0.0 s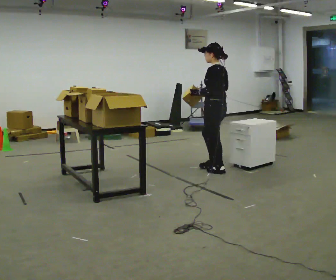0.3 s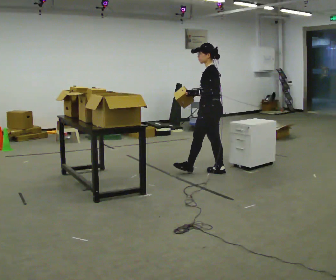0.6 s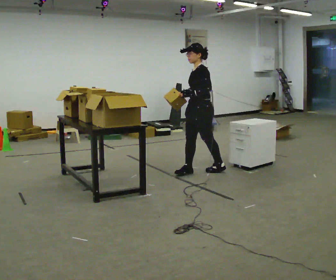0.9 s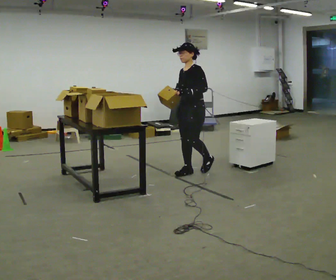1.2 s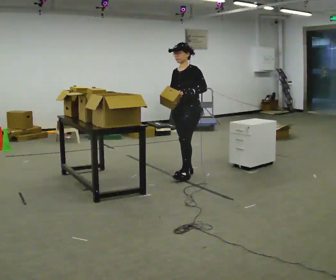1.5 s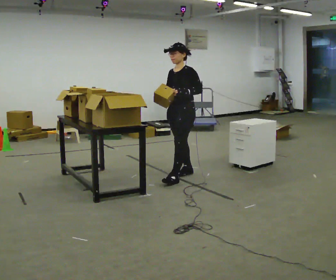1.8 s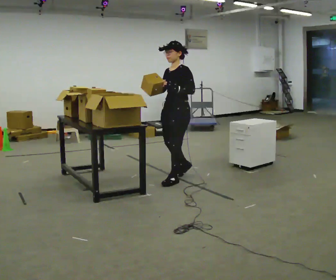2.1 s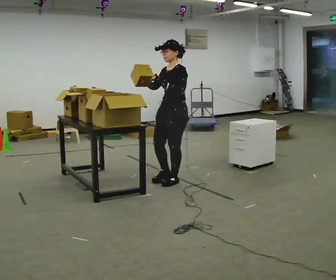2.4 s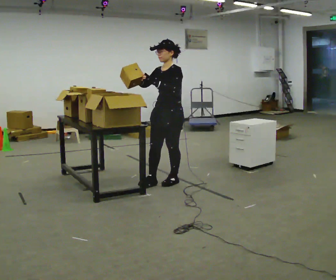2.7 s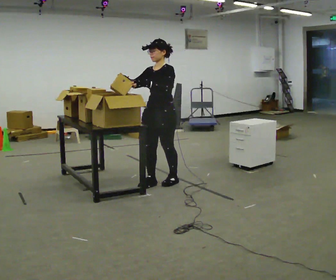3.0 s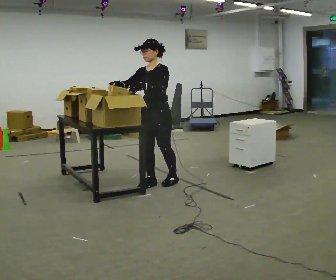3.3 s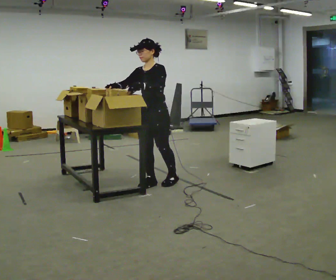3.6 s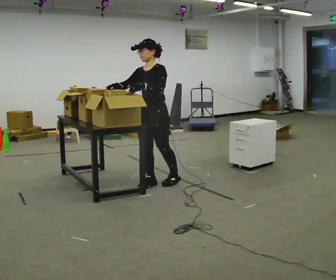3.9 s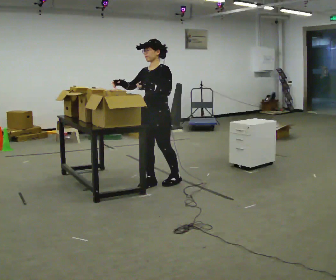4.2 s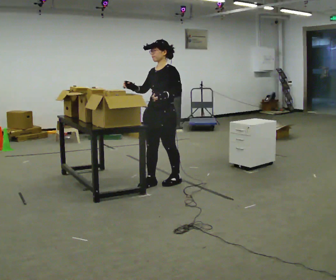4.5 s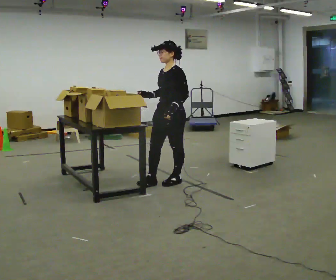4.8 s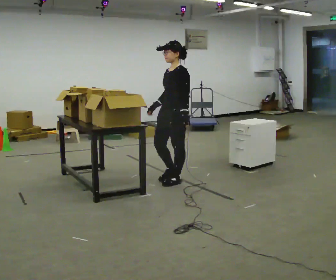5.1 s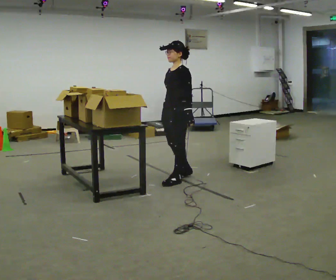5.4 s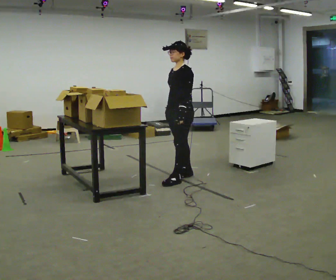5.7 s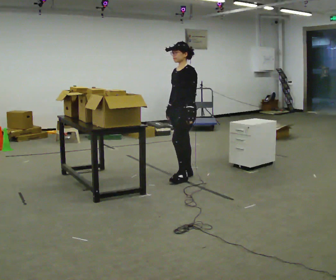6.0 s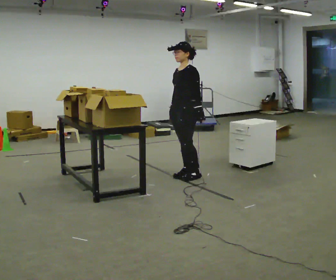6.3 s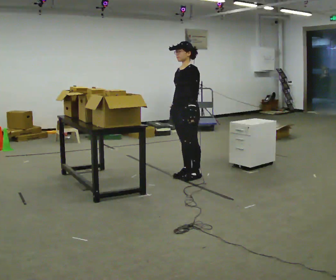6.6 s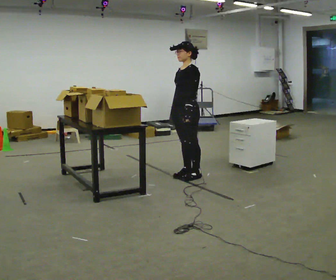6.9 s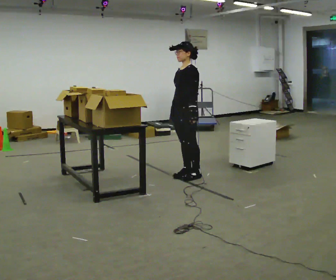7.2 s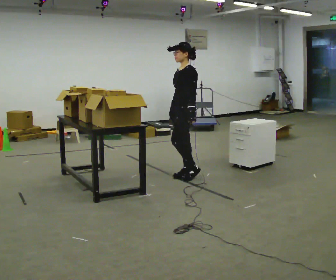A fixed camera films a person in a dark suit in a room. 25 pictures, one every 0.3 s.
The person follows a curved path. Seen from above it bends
counterclockwise.
0.0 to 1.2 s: Seen from above the body turns counterclockwise, about 75 degrees: to their left, with its near side sliding to the right. In the picture they go to the left, about 0.25 m in 1 step.
1.2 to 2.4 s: In the picture they go toward the camera and to the left, about 0.5 m in 2 steps, which for them is forward and to their left.
2.4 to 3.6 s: In the picture they go to the left, about 0.25 m, which for them is forward.
3.6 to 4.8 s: Seen from above the body turns clockwise, about 30 degrees: to their right, with its near side sliding to the left. In the picture they go to the right, about 0.25 m, which for them is backward.
4.8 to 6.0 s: In the picture they go away from the camera, about 0.25 m in 2 steps, which for them is backward and to their right.
6.0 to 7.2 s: The person moves a little, or ends about where they began.
The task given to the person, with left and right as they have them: 1. Read the list the operator gives you. 2. Collect the six items on the list from the shelves. 3. Put them all in the bin on the table. 4. Tell the operator when you are finished.
The film runs forward here.
